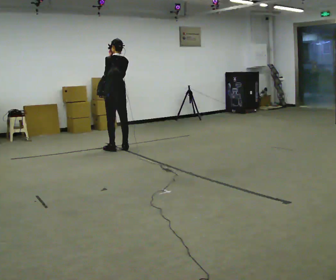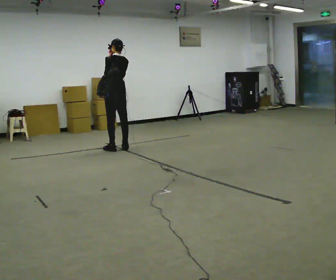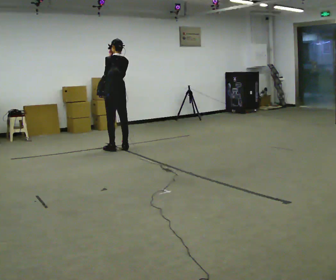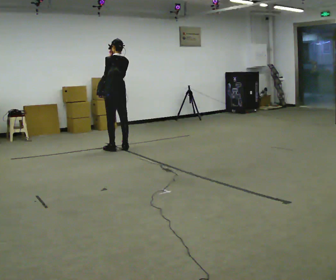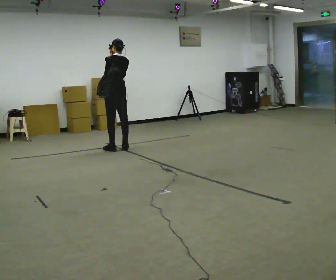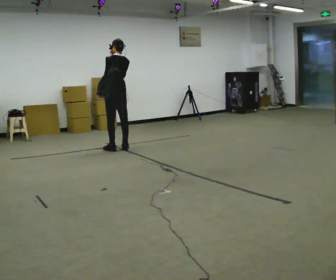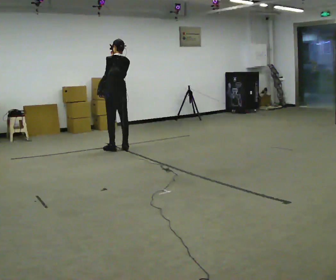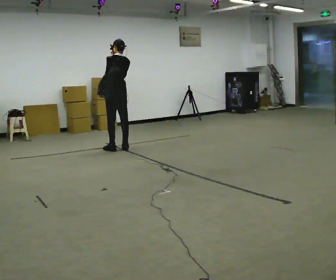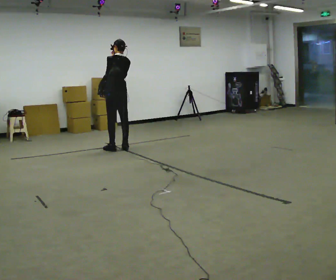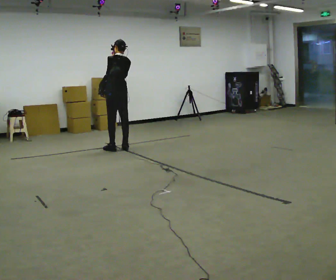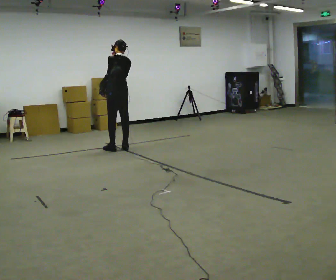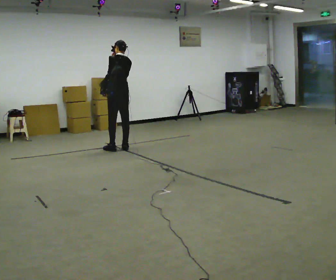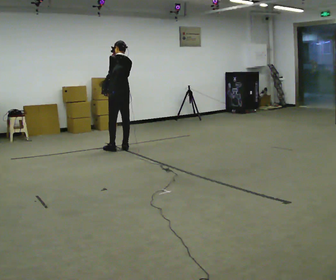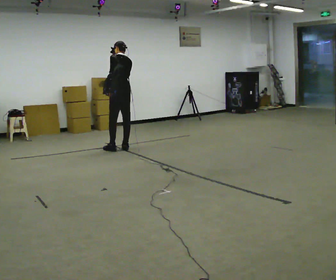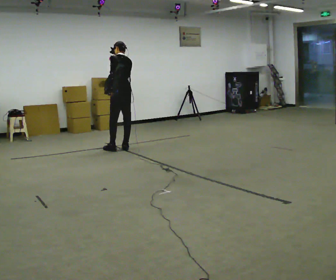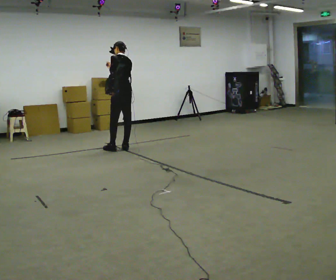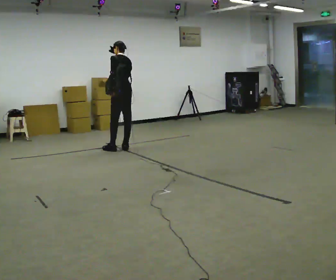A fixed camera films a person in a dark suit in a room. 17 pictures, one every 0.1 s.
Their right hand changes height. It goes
downward.
0.0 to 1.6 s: In the picture their right hand goes downward.
The film runs forward here.
